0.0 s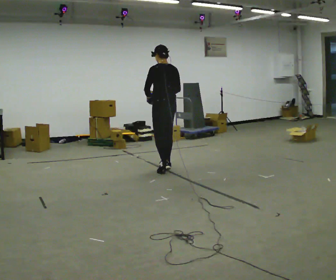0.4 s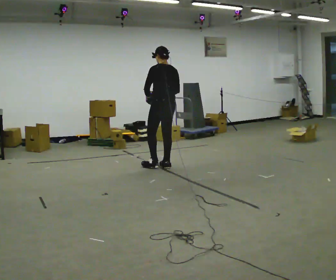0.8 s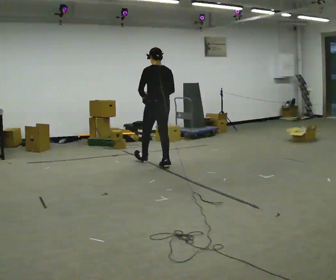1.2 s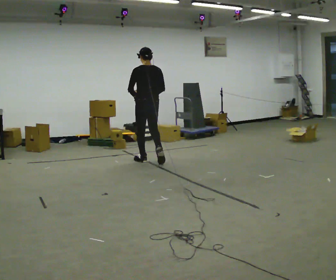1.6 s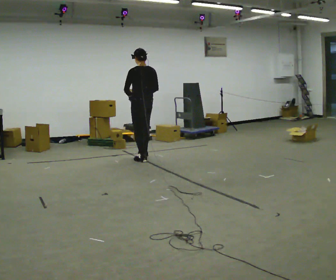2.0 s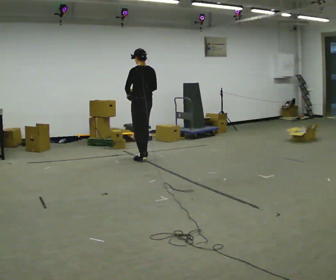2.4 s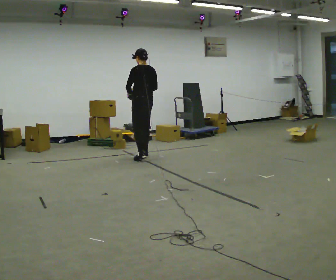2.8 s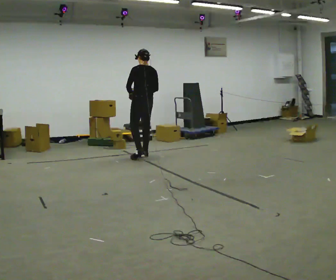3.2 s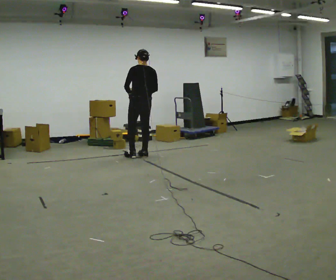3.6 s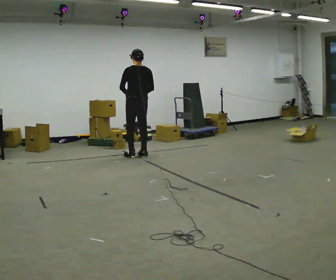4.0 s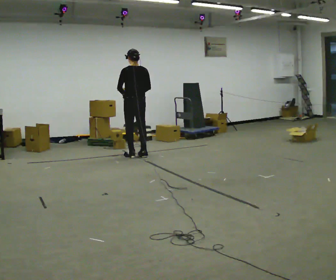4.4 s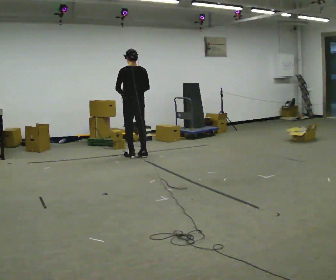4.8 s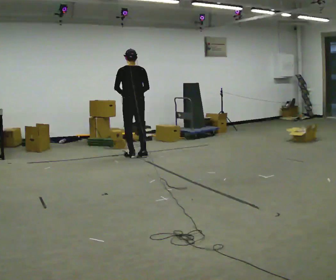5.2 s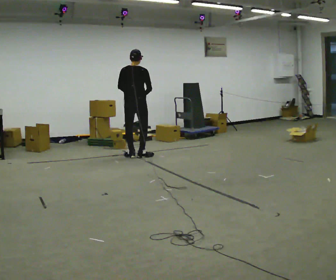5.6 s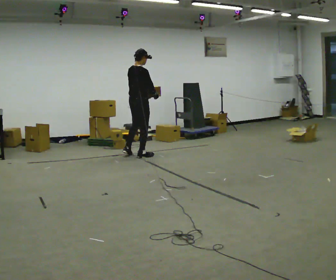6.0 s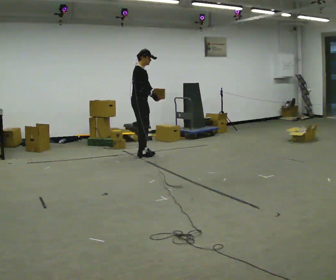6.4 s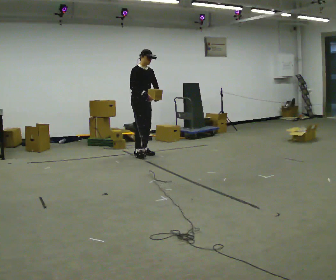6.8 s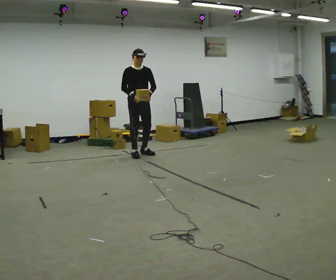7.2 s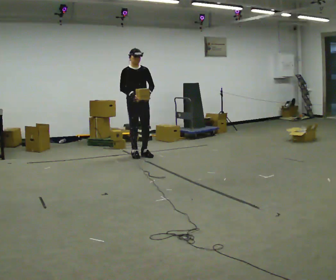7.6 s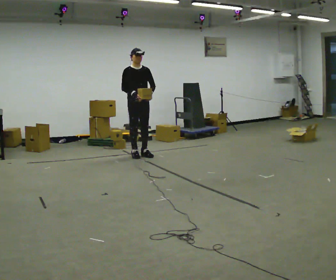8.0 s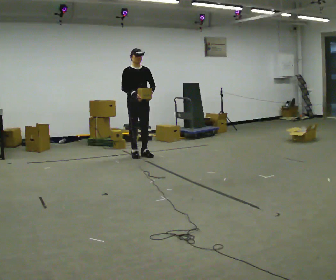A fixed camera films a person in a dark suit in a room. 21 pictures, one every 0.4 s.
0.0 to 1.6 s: In the picture they go away from the camera and to the left, about 0.75 m in 2 steps, which for them is forward.
1.6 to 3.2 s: In the picture they go away from the camera, about 0.25 m, which for them is forward.
3.2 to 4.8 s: The person moves a little, or ends about where they began.
4.8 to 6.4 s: The person turns about 150 degrees to their right, clockwise seen from above, so the part of the body nearest the lens slides to the left. In the picture they go away from the camera, about 0.25 m in 1 step. In the picture their left hand goes to the right, the arm swinging counterclockwise.
6.4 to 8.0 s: The person moves a little, or ends about where they began.
The film runs forward here.
